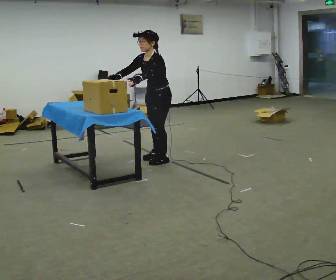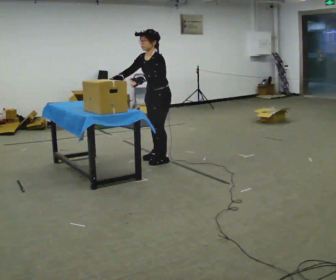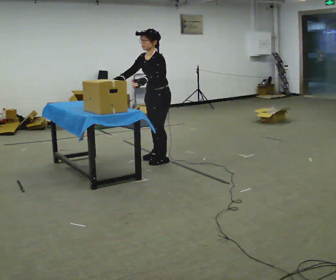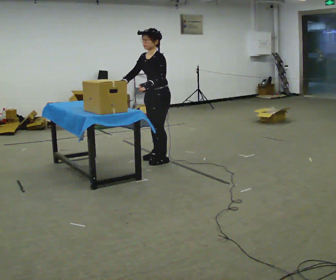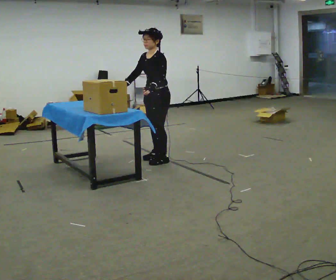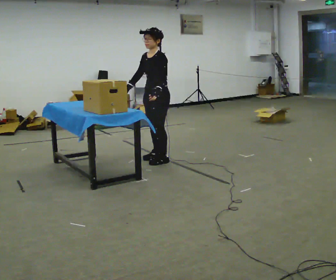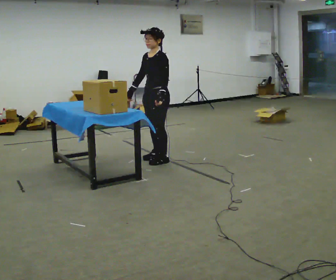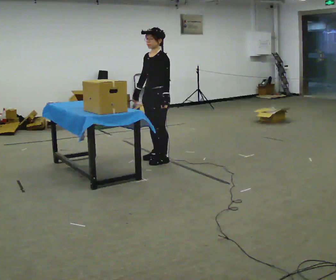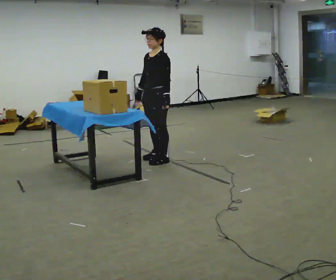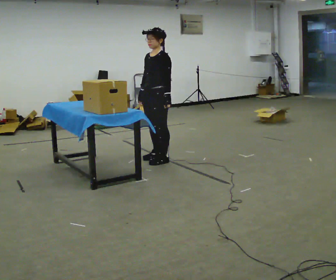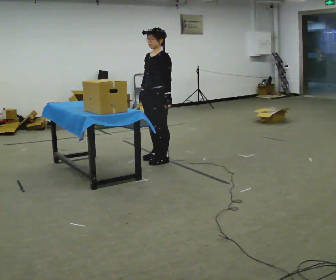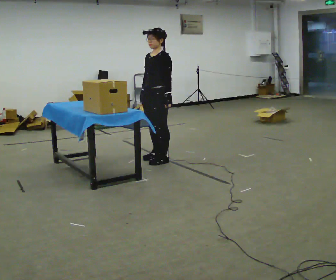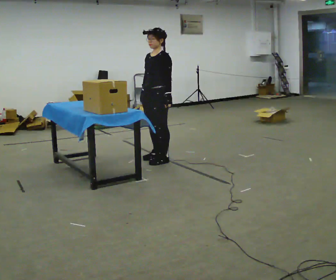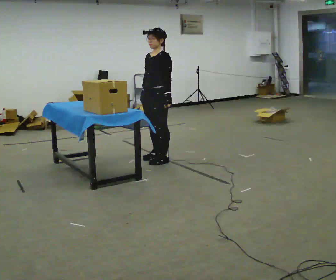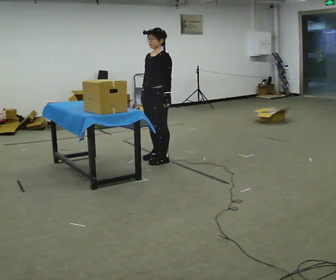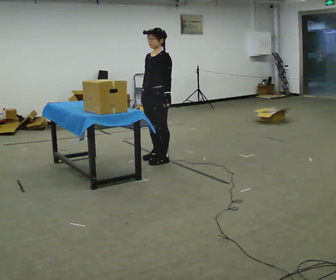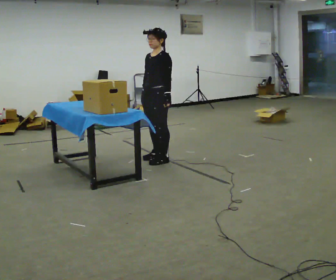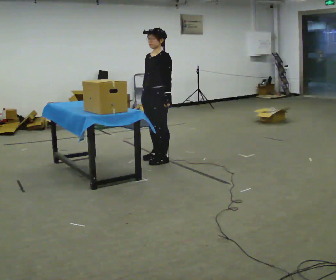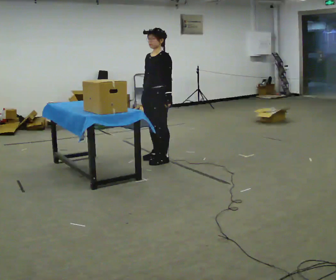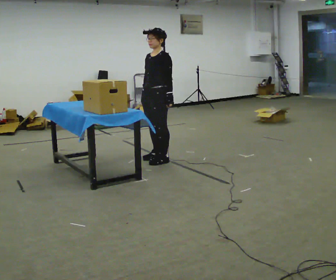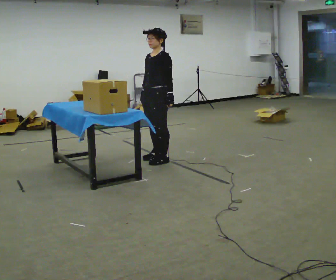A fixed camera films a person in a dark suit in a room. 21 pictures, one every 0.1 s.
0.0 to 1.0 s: The upper body tips away from the camera, its near side rolling upward, as they lean back or straighten. In the picture their right hand goes to the right.
1.0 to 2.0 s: The person moves a little, or ends about where they began.
The film runs backward here.
